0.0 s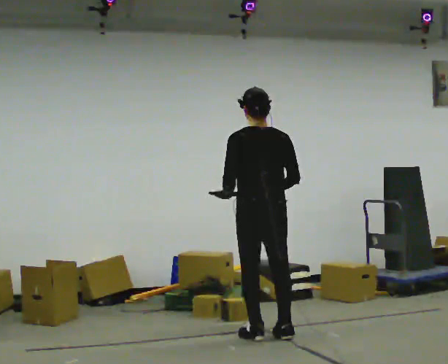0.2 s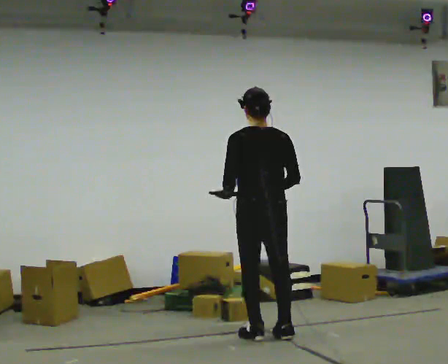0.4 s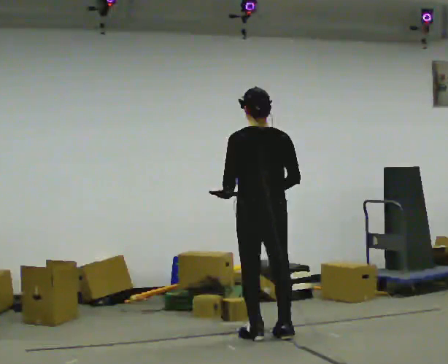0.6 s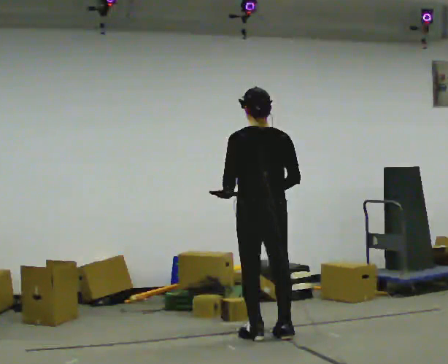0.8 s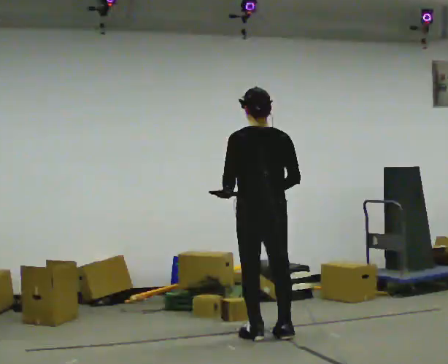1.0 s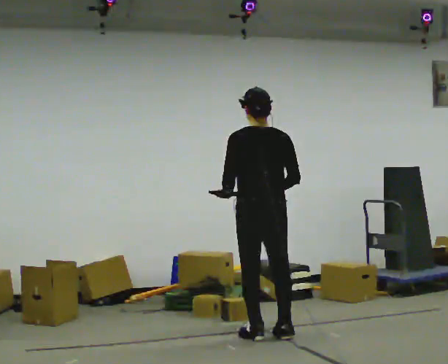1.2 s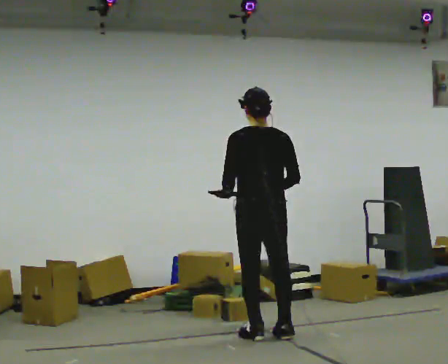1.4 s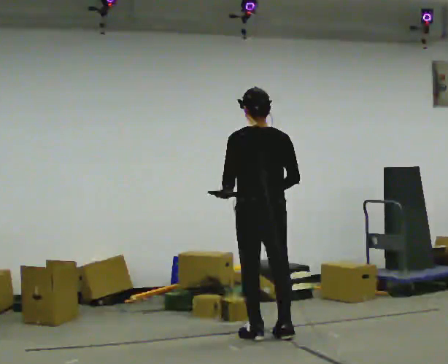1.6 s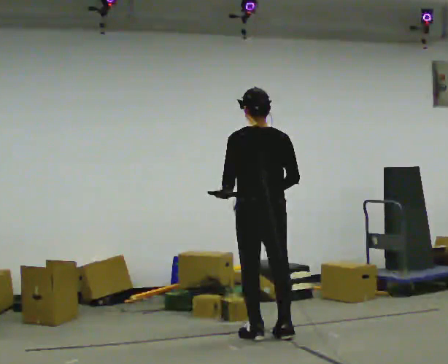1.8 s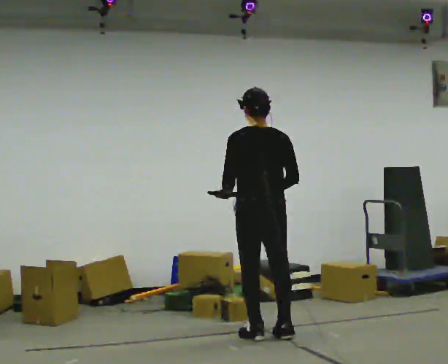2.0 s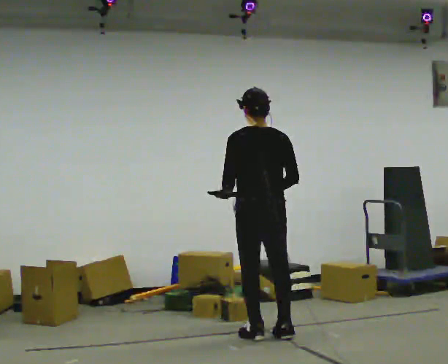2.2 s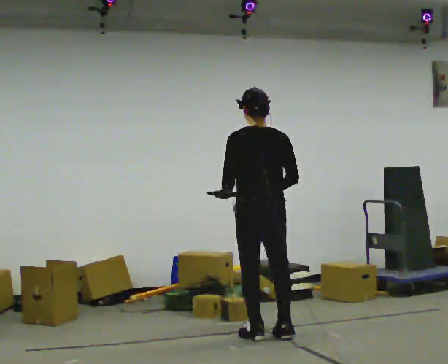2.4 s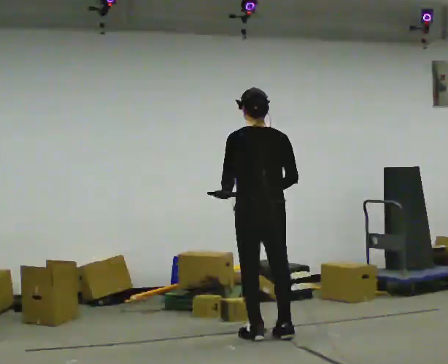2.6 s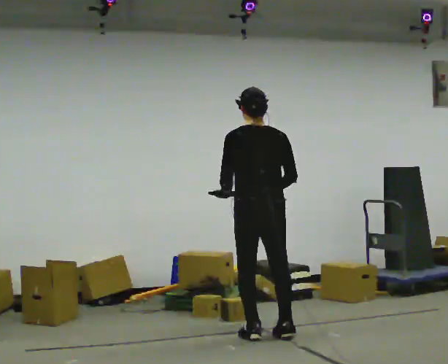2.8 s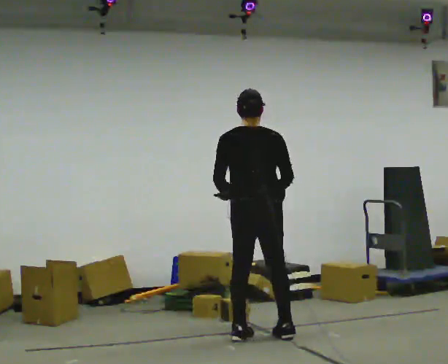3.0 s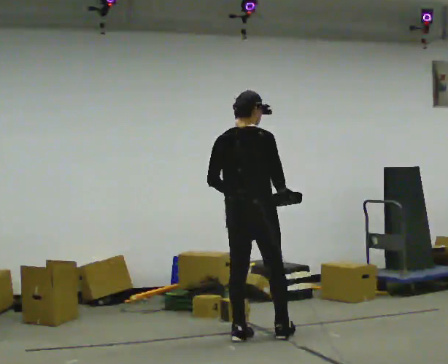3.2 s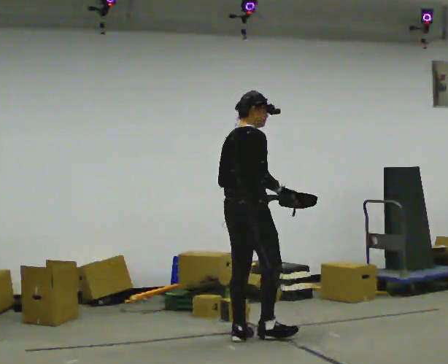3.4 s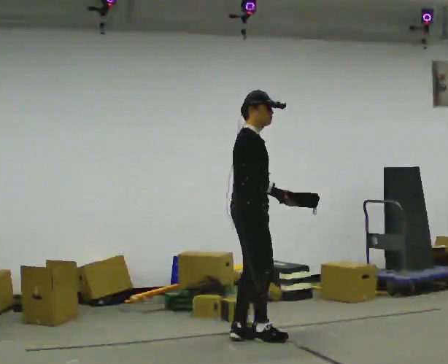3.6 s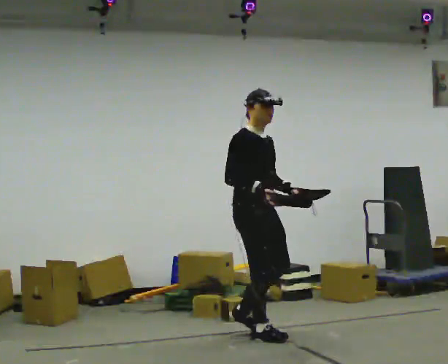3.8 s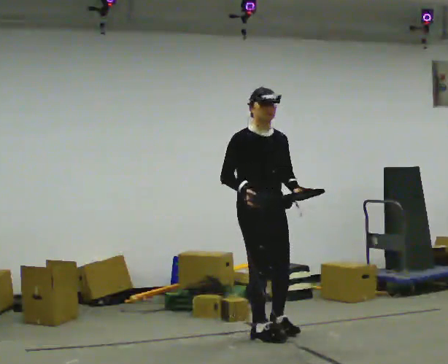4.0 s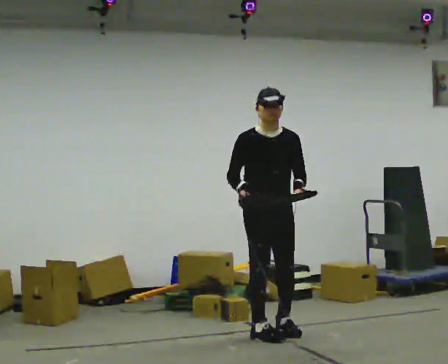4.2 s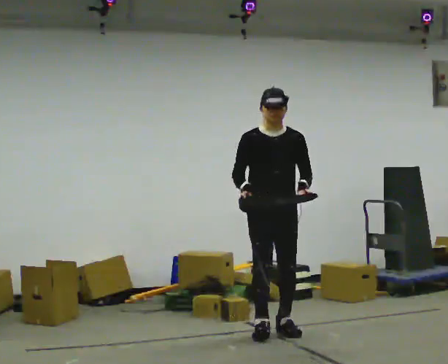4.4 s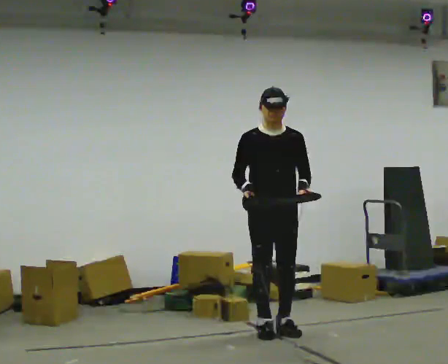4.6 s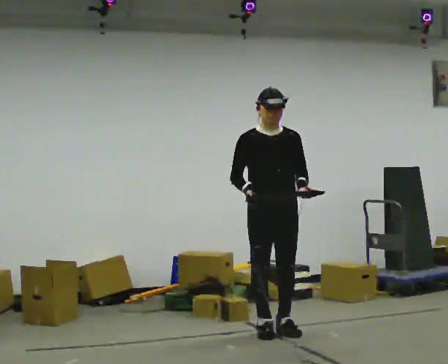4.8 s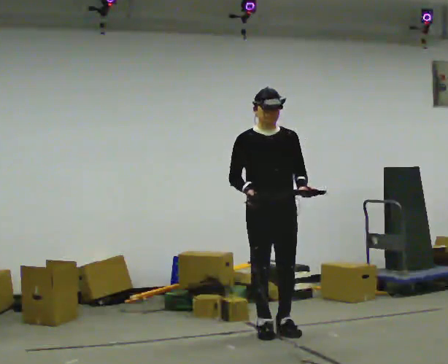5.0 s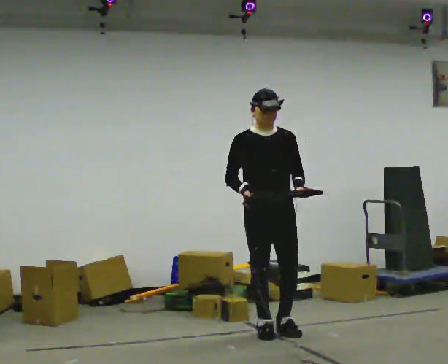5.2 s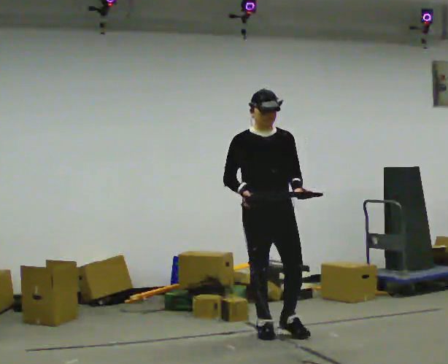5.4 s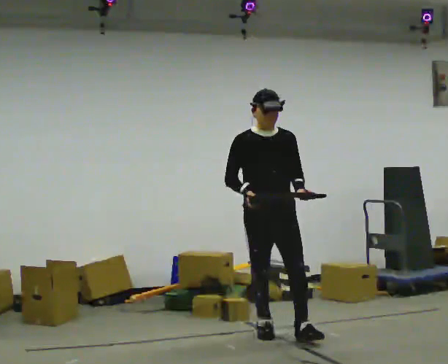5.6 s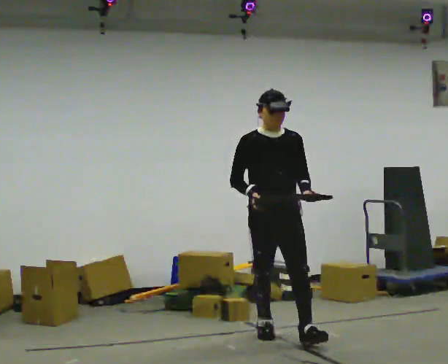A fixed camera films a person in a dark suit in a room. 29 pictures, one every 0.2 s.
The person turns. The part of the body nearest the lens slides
to the left.
The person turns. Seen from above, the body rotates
clockwise.
0.0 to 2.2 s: The person moves a little, or ends about where they began.
2.2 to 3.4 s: The part of the body nearest the lens slides to the left as the person turns to their right by about 120 degrees. In the picture their left hand goes to the right, the arm swinging counterclockwise.
3.4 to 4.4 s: The person turns about 60 degrees to their right, clockwise seen from above, so the part of the body nearest the lens slides to the left. In the picture they go to the right, about 0.25 m in 2 steps.
4.4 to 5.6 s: In the picture they go toward the camera, about 0.25 m in 1 step, which for them is forward.
The film runs forward here.
